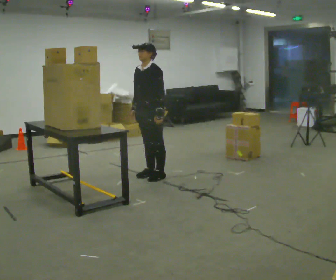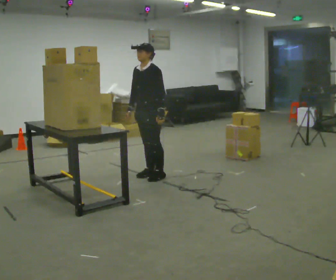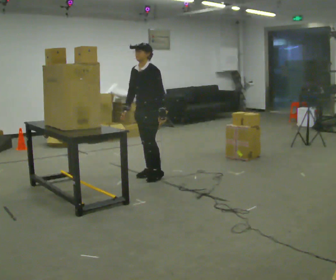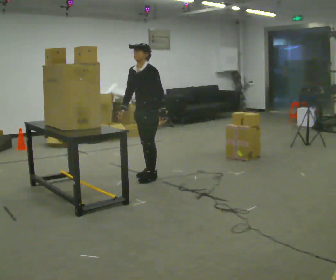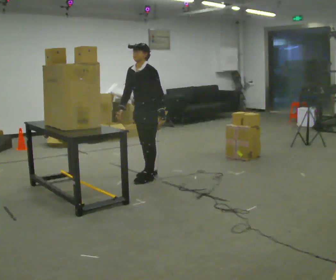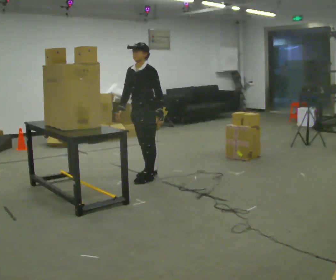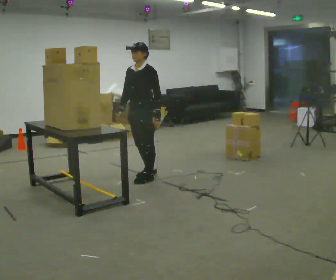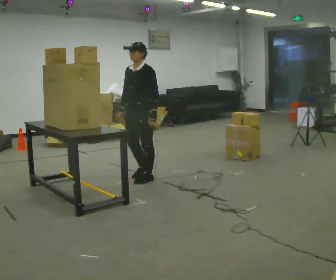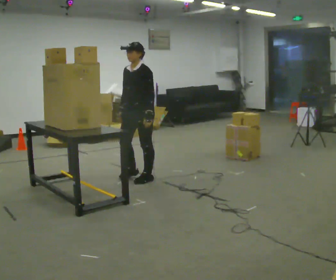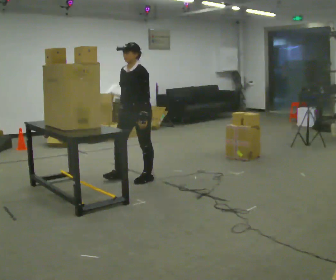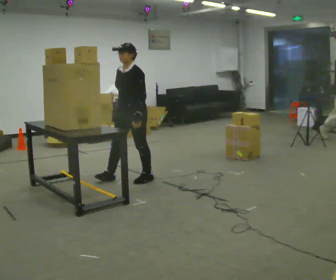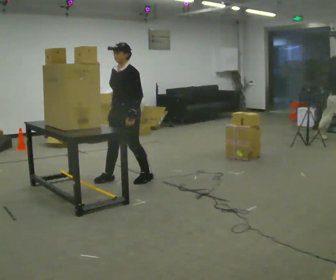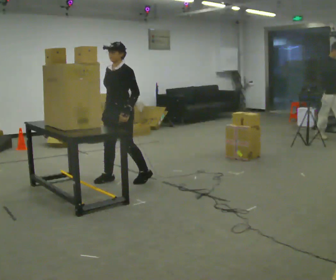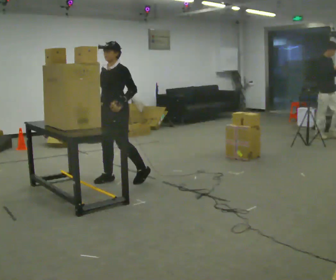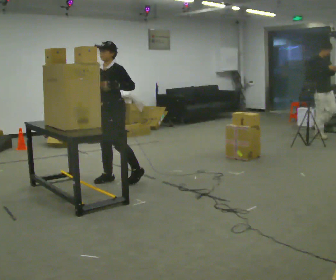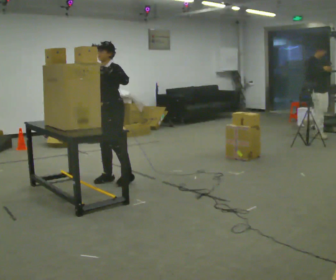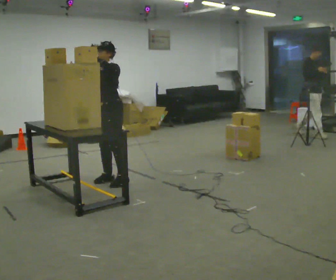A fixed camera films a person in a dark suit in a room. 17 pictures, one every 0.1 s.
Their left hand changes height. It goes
upward.
Their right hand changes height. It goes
upward.
0.0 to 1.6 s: In the picture they go to the left, about 0.5 m in 3 steps, which for them is forward. In the picture their left hand goes upward.
The film runs backward here.
